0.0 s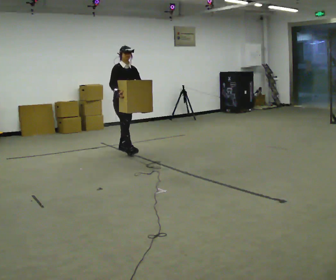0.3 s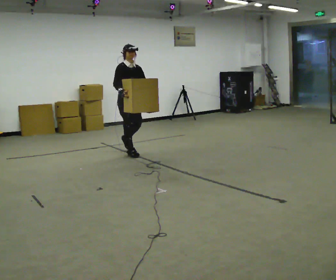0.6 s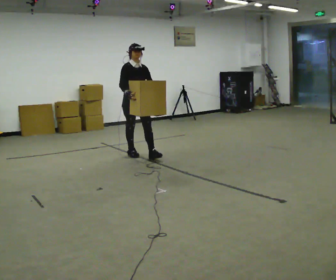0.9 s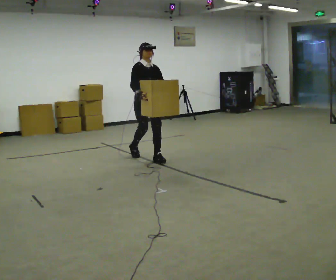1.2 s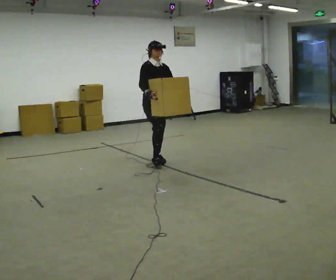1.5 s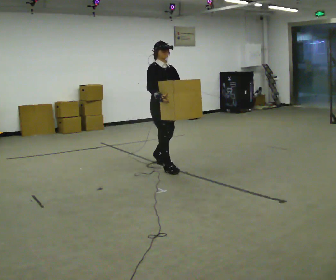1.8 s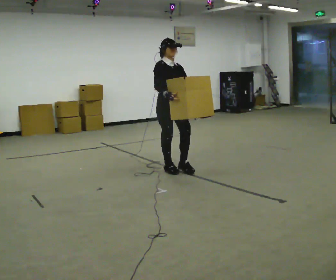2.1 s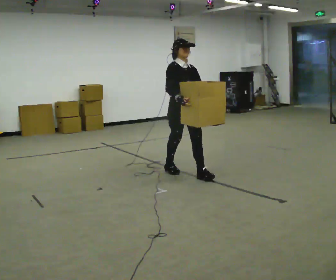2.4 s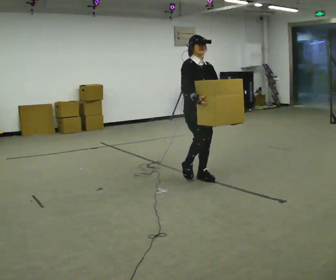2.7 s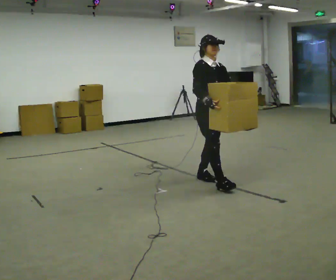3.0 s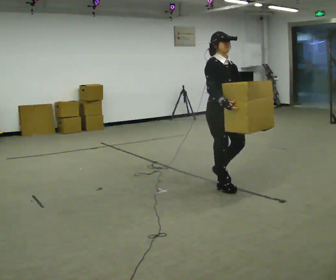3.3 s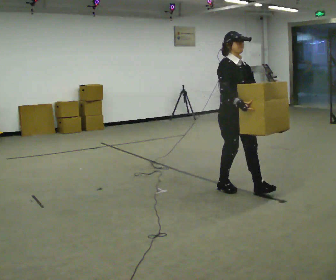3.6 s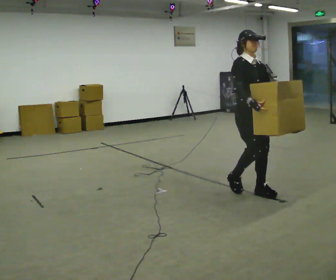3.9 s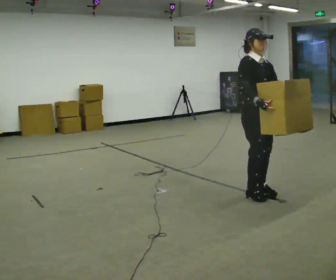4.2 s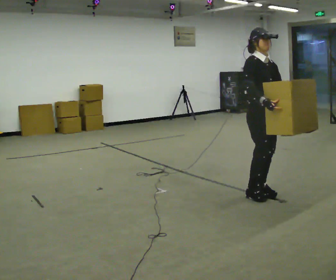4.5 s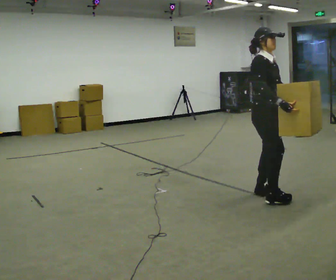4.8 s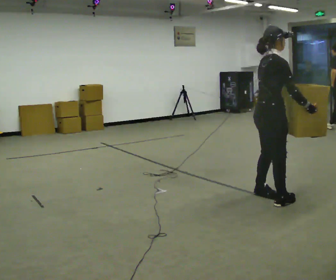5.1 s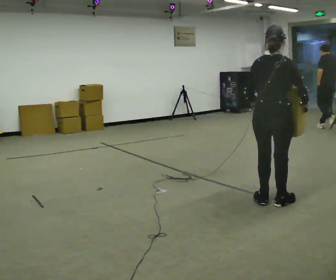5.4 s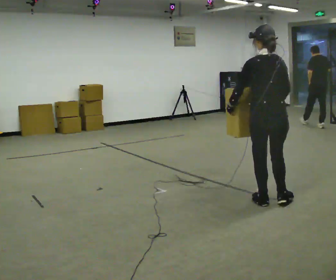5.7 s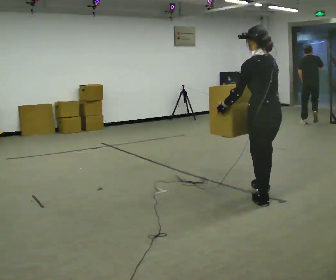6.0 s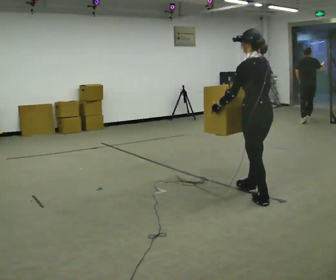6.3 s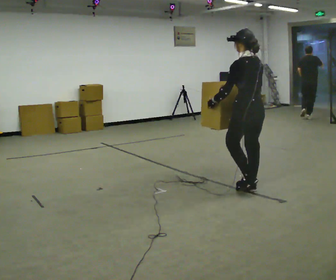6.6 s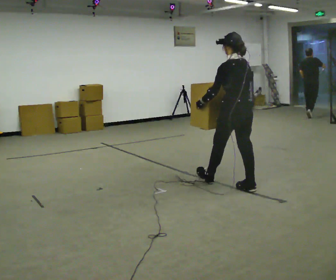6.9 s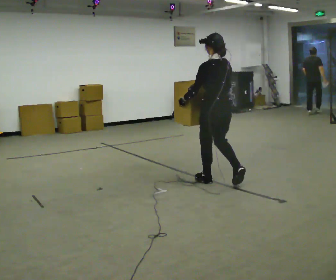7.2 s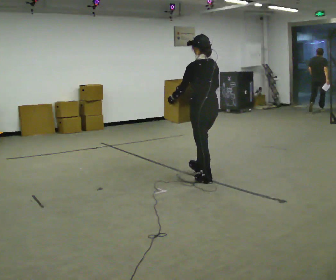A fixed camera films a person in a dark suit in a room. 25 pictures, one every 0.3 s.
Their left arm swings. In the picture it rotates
clockwise.
0.0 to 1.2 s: In the picture they go to the right and toward the camera, about 1 m in 1 step, which for them is forward.
1.2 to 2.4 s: In the picture they go toward the camera and to the right, about 1 m in 2 steps, which for them is forward.
2.4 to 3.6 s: In the picture they go to the right and toward the camera, about 0.5 m in 2 steps, which for them is forward.
3.6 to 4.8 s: Seen from above the body turns counterclockwise, about 75 degrees: to their left, with its near side sliding to the right. In the picture they go toward the camera and to the right, about 0.25 m in 2 steps.
4.8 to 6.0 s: The part of the body nearest the lens slides to the right as the person turns to their left by about 120 degrees. In the picture they go away from the camera, about 0.25 m in 2 steps. In the picture their right hand goes to the left, the arm swinging clockwise.
6.0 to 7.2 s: In the picture they go to the left and away from the camera, about 1 m in 1 step, which for them is forward.
The film runs forward here.
